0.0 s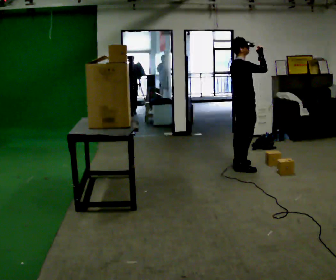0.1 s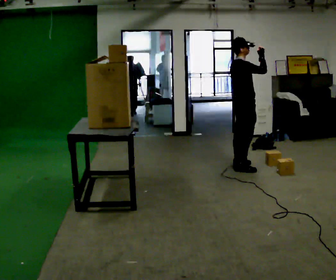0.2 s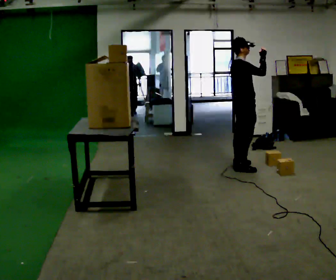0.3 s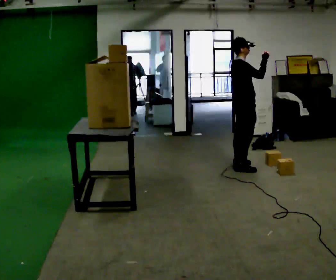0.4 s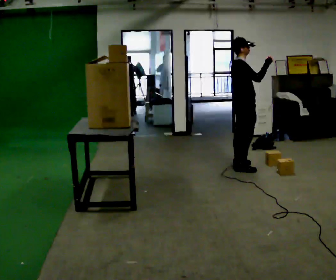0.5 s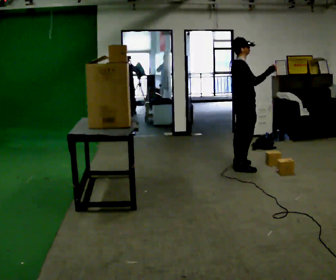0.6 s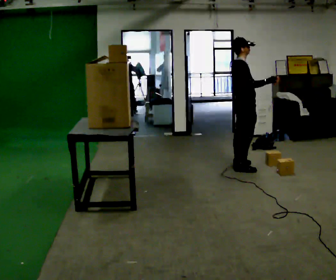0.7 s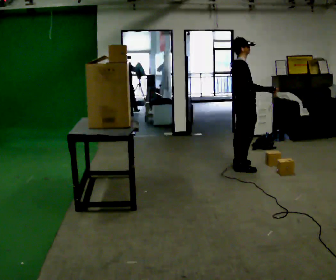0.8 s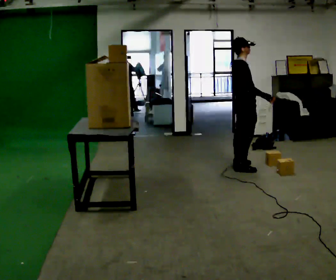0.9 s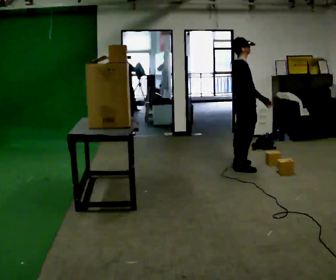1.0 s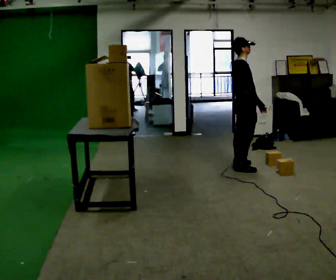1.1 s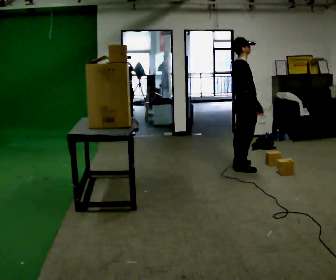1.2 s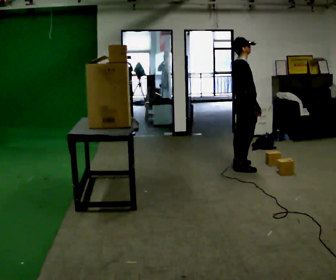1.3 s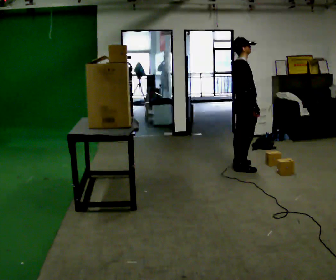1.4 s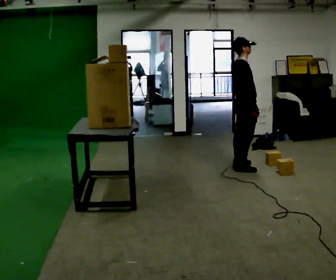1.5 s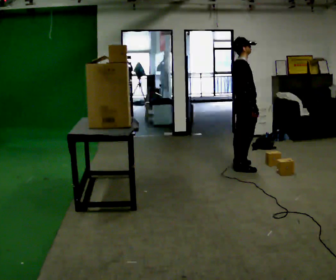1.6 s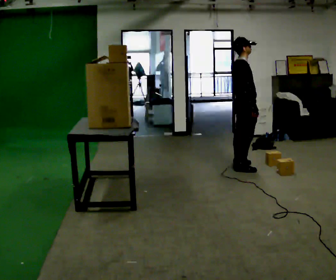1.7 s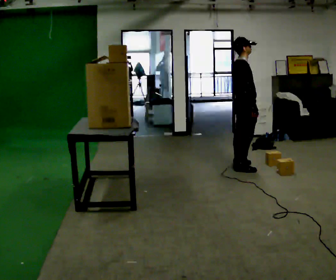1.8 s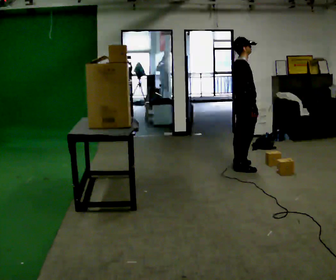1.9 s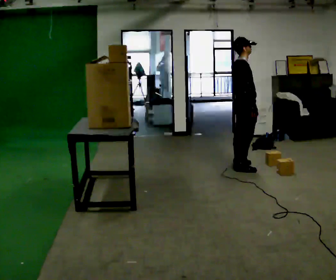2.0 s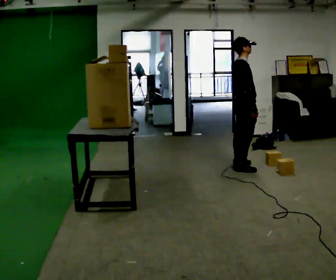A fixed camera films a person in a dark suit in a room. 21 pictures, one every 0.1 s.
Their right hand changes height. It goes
downward.
0.0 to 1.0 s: In the picture their right hand goes downward.
1.0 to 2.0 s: The person moves a little, or ends about where they began.
The film runs backward here.
